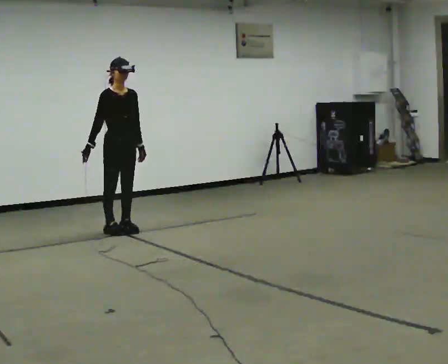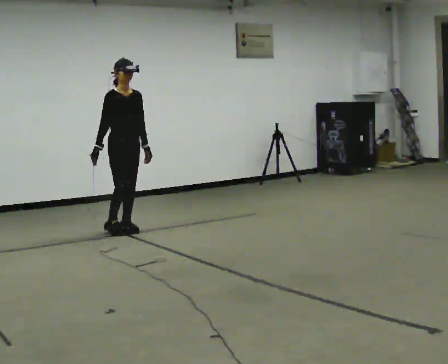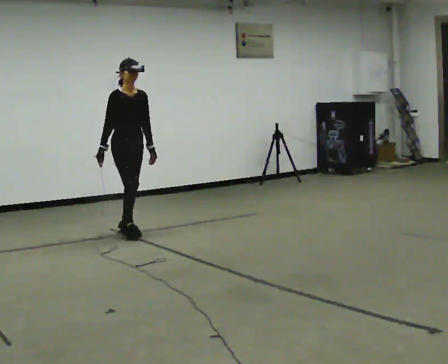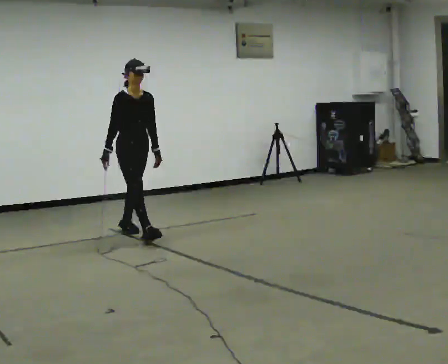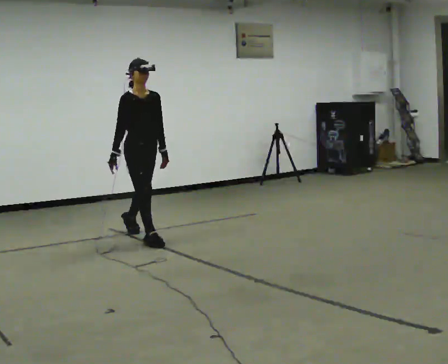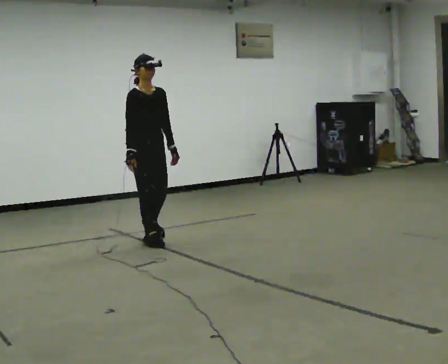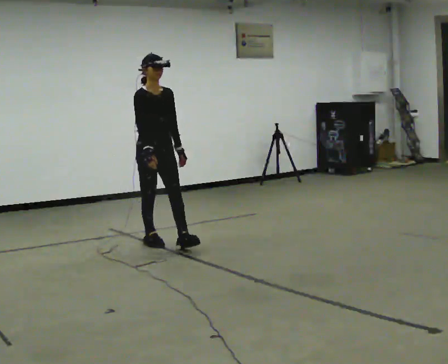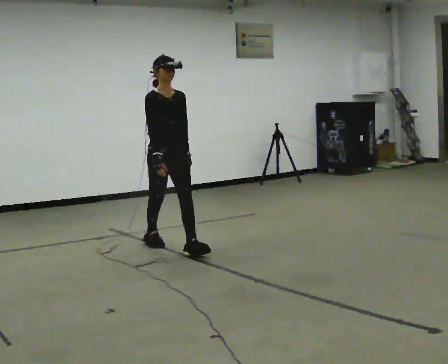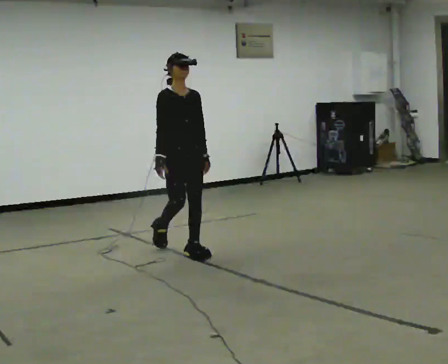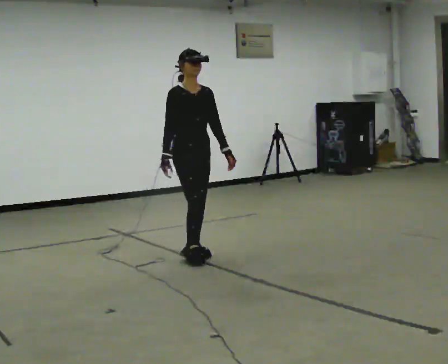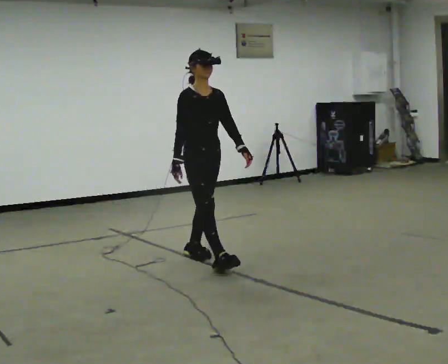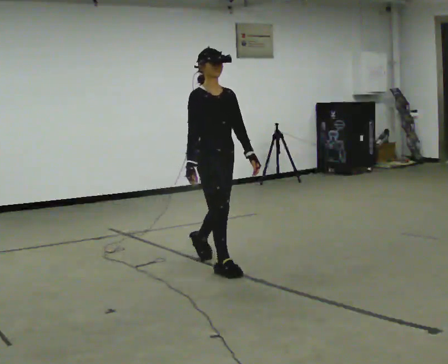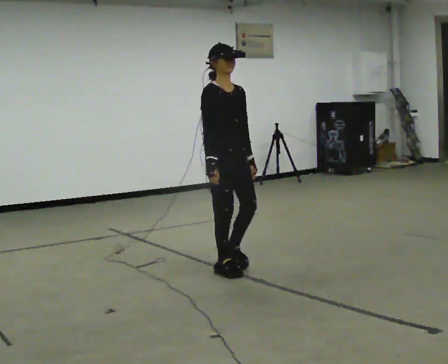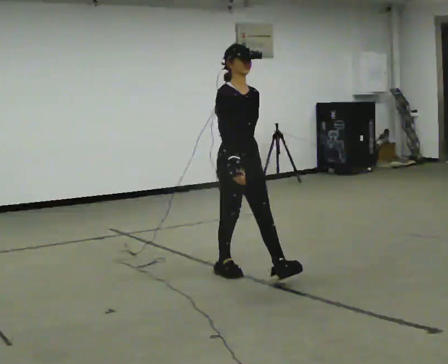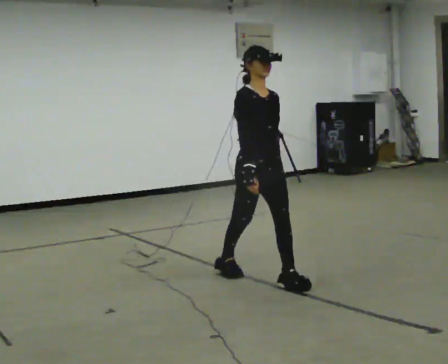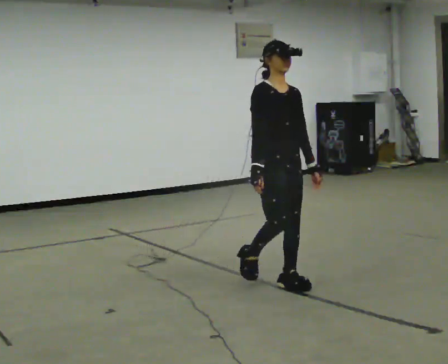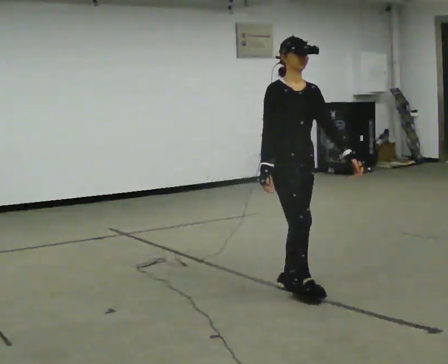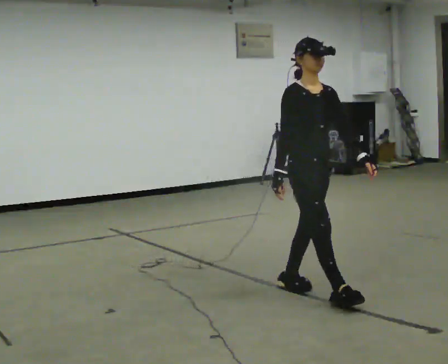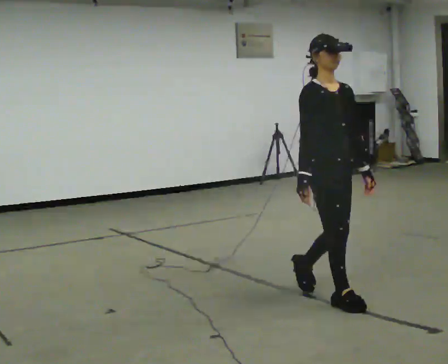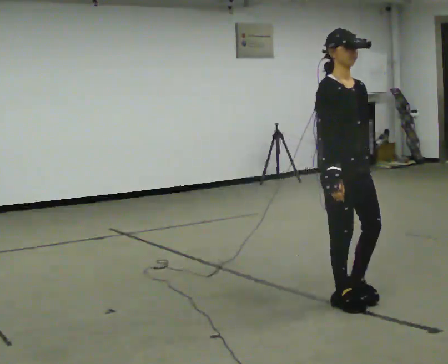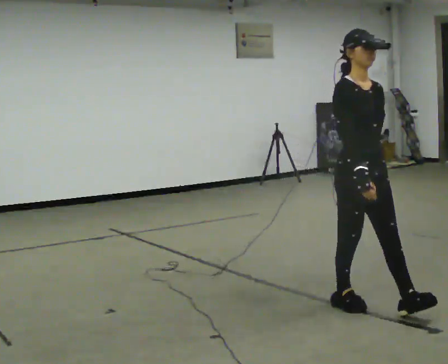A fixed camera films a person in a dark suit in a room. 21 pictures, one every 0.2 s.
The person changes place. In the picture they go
toward the camera.
0.0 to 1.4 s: In the picture they go toward the camera and to the right, about 1 m in 2 steps, which for them is forward.
1.4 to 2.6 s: In the picture they go toward the camera and to the right, about 1 m in 1 step, which for them is forward.
2.6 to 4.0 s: In the picture they go toward the camera and to the right, about 1 m in 2 steps, which for them is forward.
The film runs forward here.
